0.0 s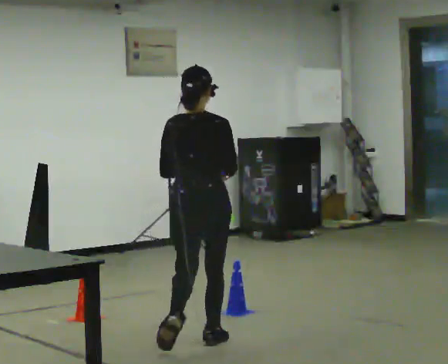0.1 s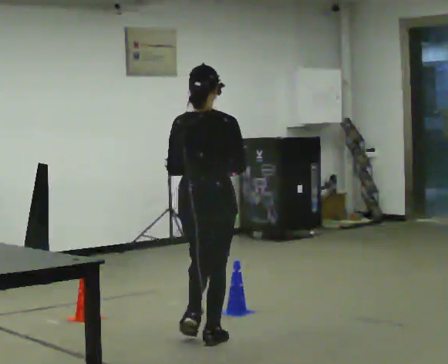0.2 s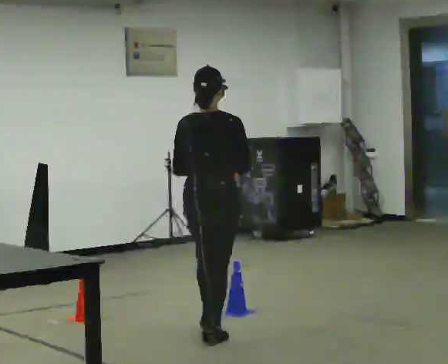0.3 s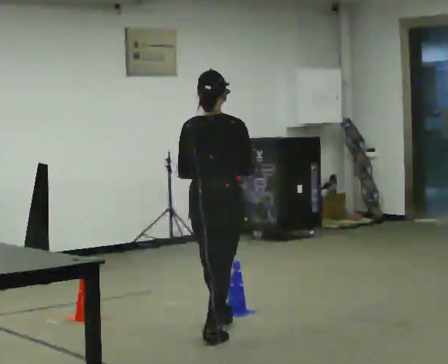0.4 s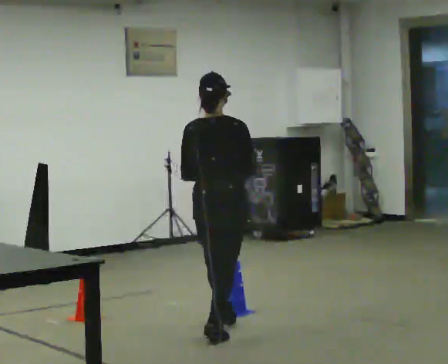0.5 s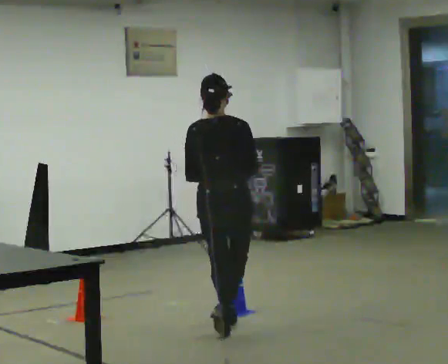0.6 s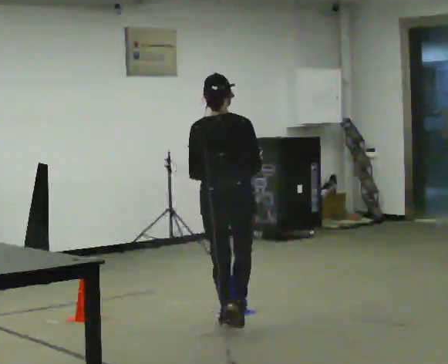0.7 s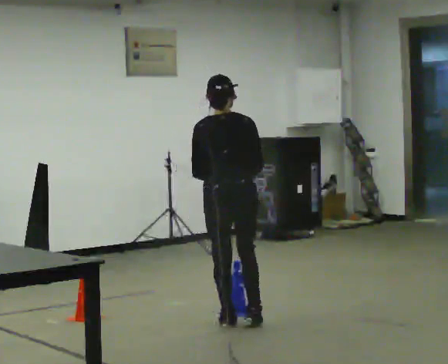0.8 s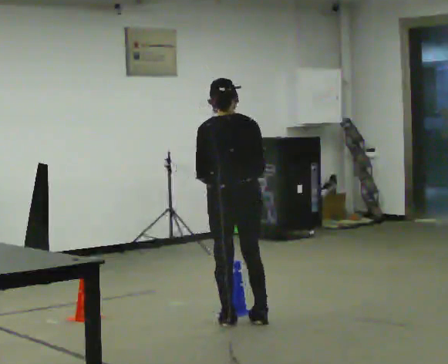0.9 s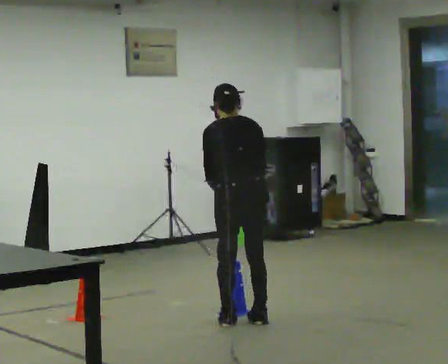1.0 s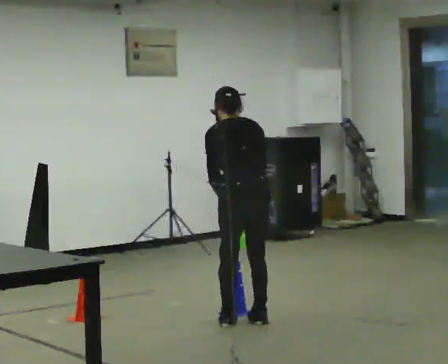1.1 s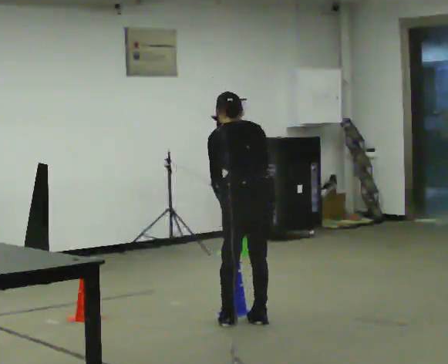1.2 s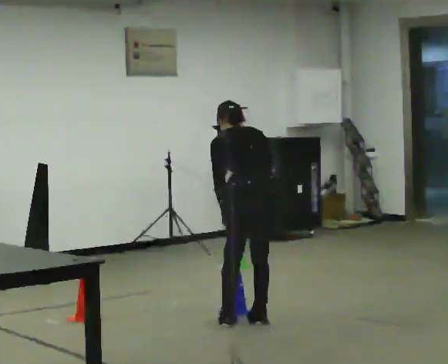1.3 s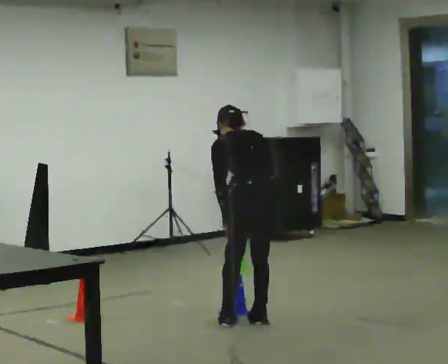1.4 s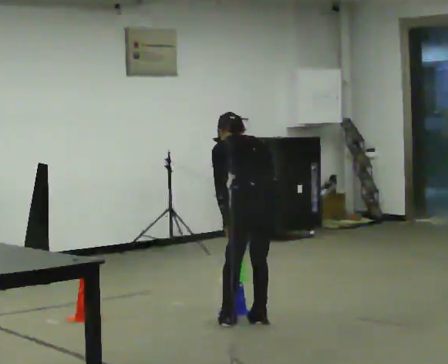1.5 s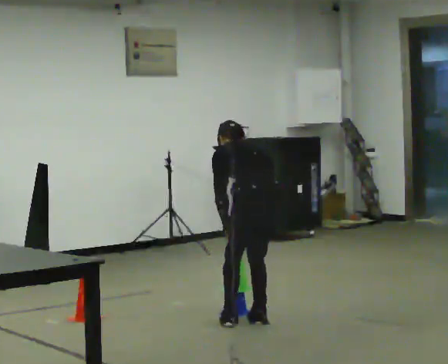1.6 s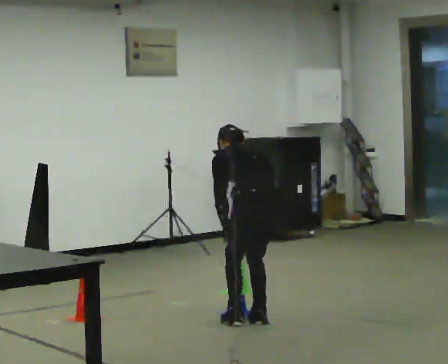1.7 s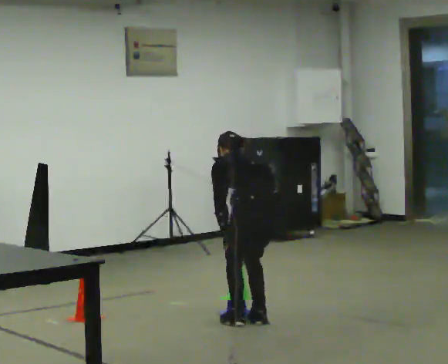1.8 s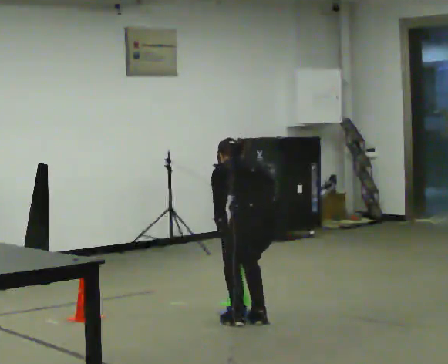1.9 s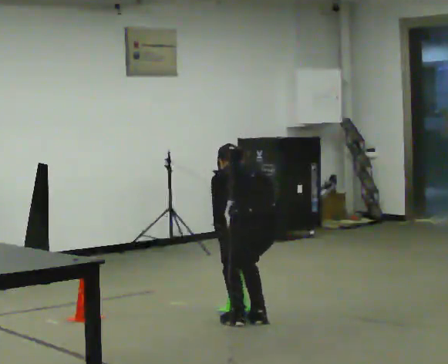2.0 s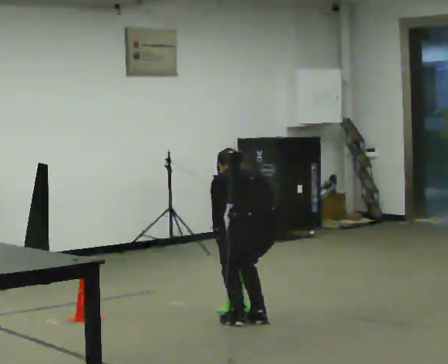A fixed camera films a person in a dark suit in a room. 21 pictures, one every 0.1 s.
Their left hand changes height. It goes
downward.
The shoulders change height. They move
downward.
0.0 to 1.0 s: The person turns about 30 degrees to their left, counterclockwise seen from above, so the part of the body nearest the lens slides to the right. In the picture they go away from the camera and to the right, about 0.5 m in 2 steps, which for them is forward. The upper body tips away from the camera, its near side rolling upward, as they bend forward.
1.0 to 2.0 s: The upper body goes downward. The upper body tips away from the camera, its near side rolling upward, as they bend forward. In the picture their right hand goes downward.
The film runs forward here.
